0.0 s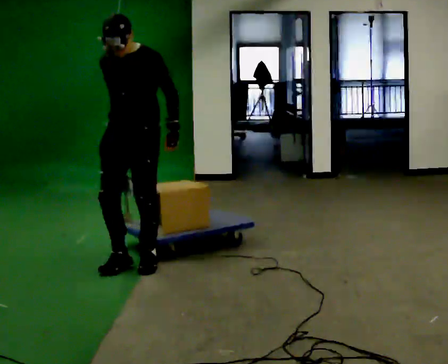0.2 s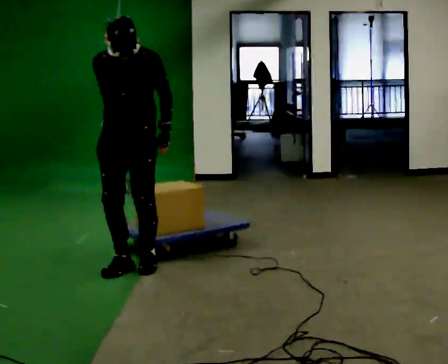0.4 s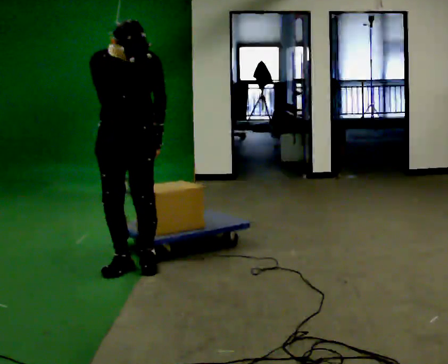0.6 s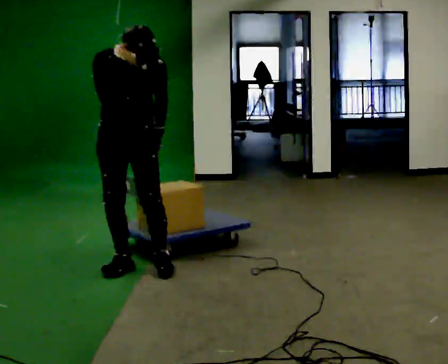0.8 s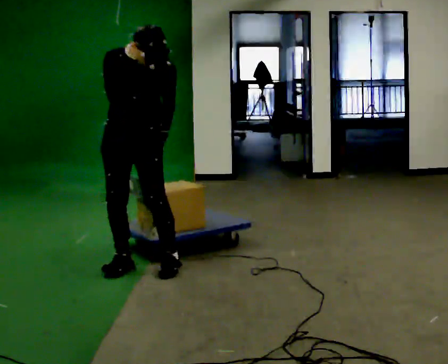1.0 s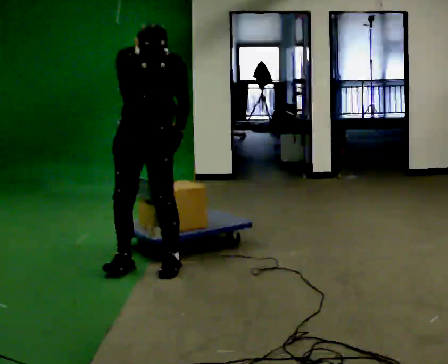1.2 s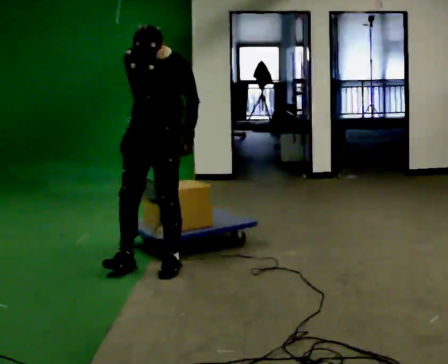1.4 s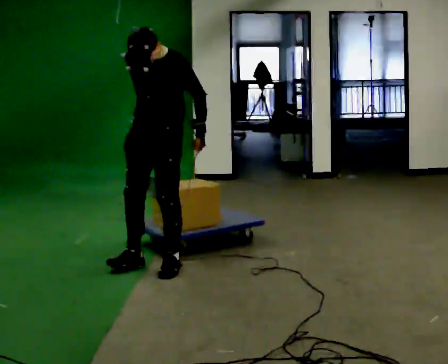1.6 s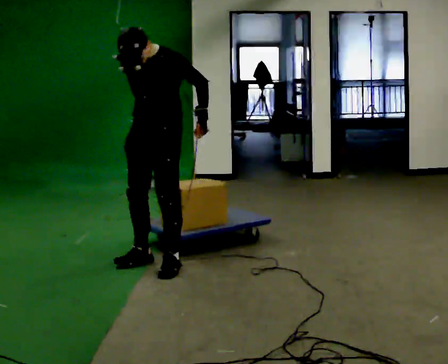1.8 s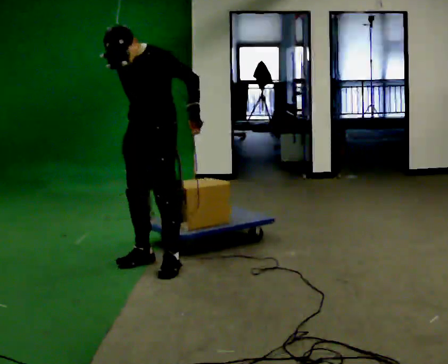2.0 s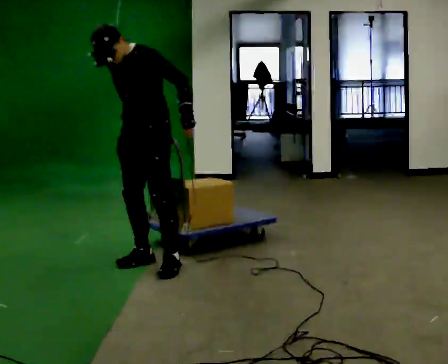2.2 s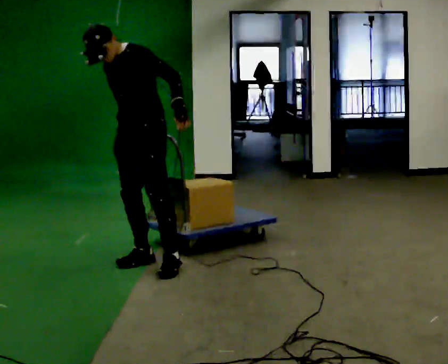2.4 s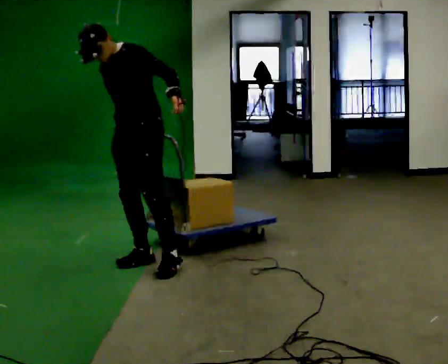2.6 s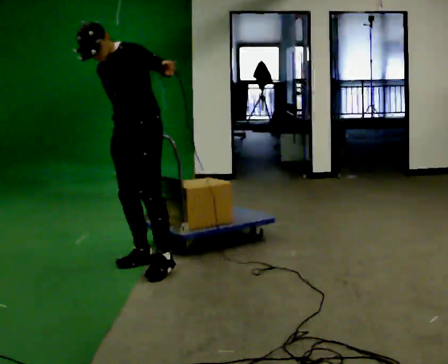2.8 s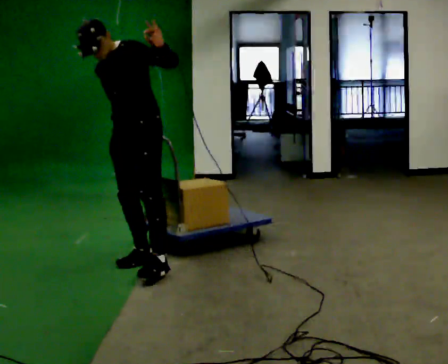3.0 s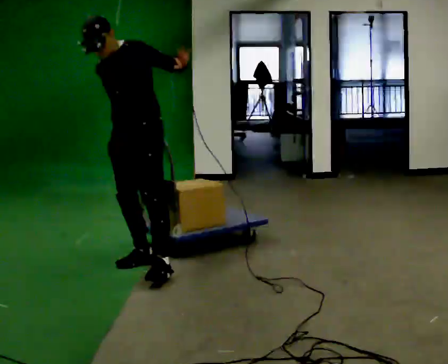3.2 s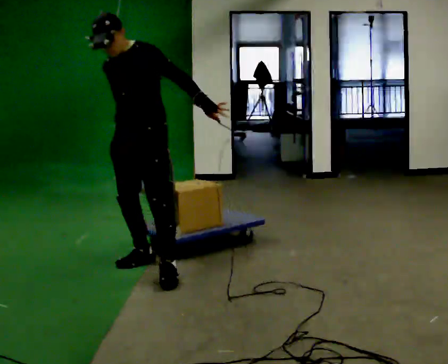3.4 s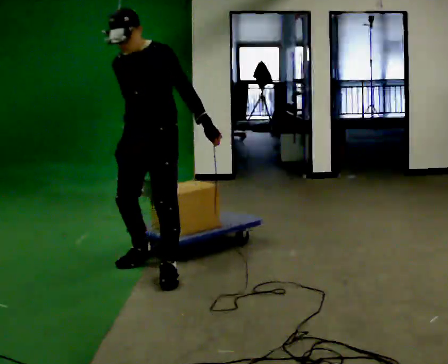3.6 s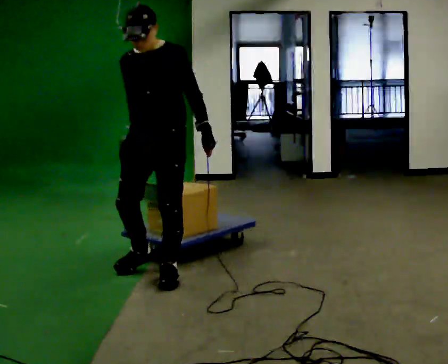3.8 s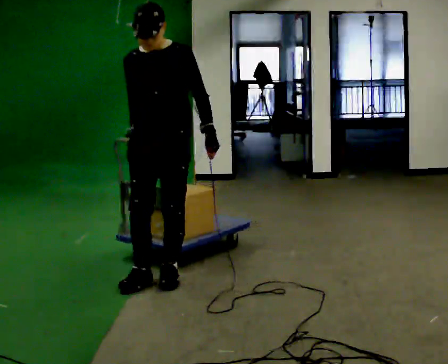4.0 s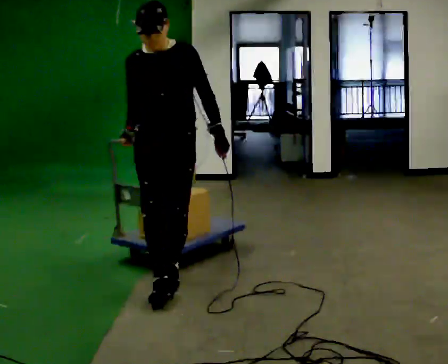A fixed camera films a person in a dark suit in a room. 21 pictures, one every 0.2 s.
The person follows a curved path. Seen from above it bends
clockwise.
0.0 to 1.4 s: In the picture they go to the right, about 0.25 m in 2 steps, which for them is to their left.
1.4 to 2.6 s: In the picture the upper body tilts counterclockwise, shoulders to the left. In the picture their left hand goes upward, the arm swinging counterclockwise.
2.6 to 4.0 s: The person turns about 45 degrees to their left, counterclockwise seen from above, so the part of the body nearest the lens slides to the right. In the picture they go toward the camera and to the right, about 0.5 m in 1 step, which for them is to their left and forward. In the picture the upper body tilts clockwise, shoulders to the right. In the picture their left hand goes downward.
The film runs forward here.
